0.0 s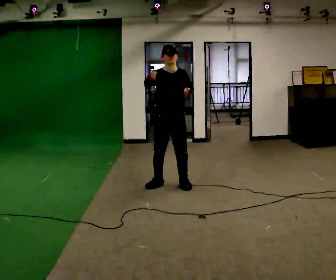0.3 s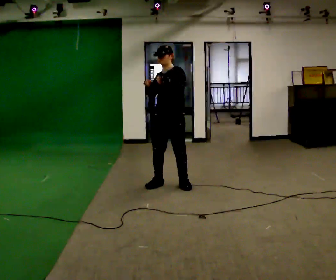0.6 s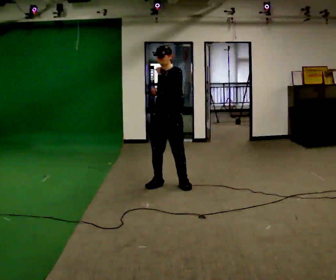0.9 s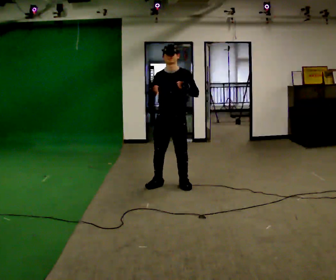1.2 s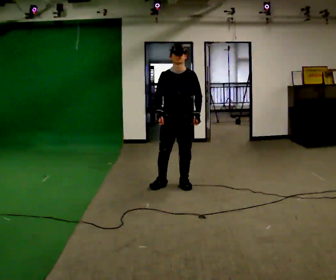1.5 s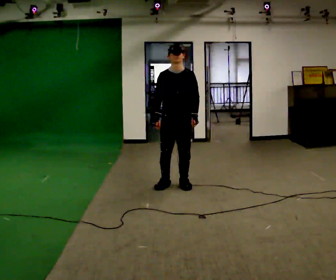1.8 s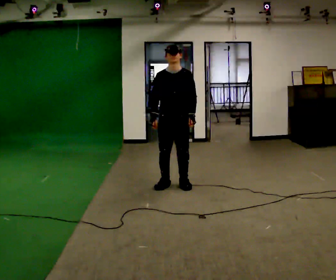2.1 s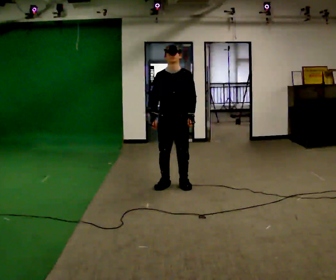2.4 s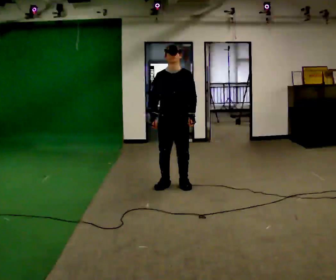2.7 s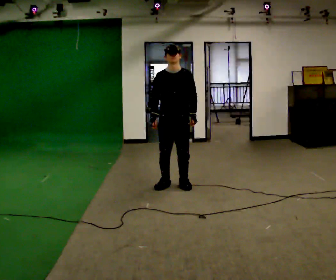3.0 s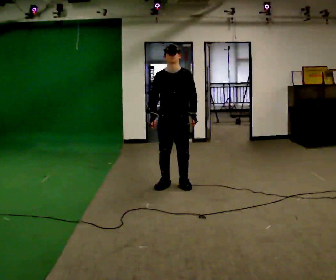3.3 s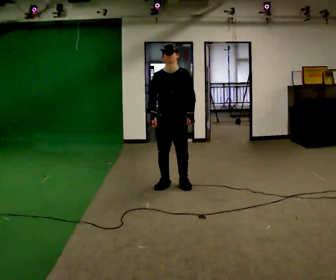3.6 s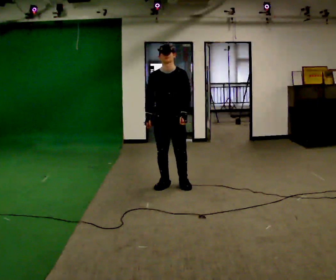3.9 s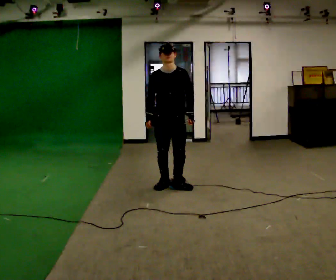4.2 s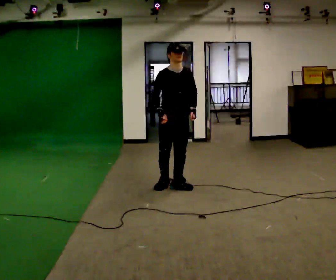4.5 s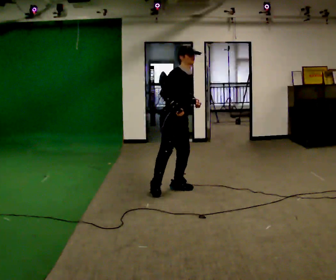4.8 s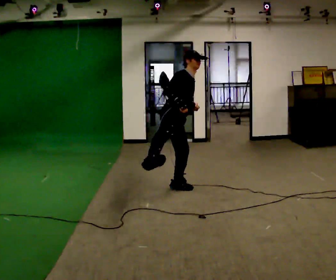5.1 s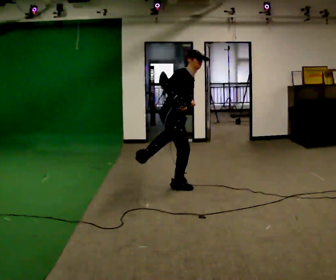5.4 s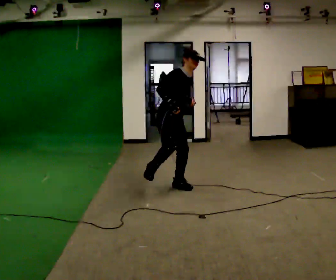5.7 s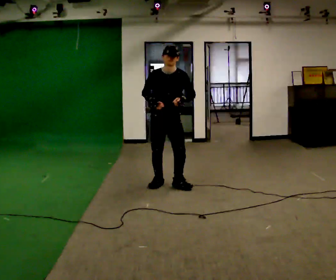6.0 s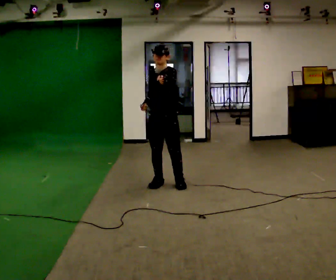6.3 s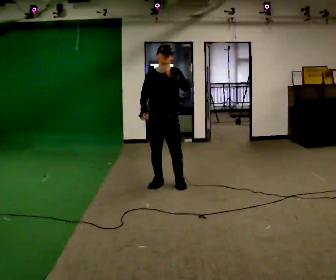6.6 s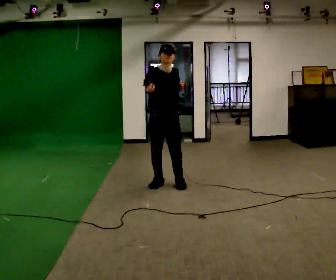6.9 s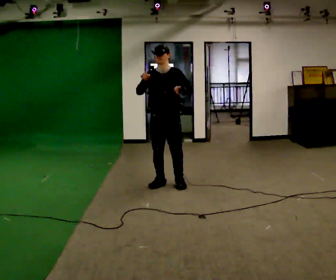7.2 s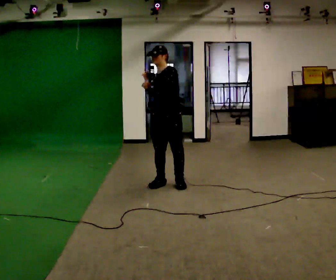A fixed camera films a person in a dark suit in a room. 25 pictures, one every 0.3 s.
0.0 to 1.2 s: In the picture their right hand goes downward.
1.2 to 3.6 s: The person moves a little, or ends about where they began.
3.6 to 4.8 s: Seen from above the body turns counterclockwise, about 75 degrees: to their left, with its near side sliding to the right. In the picture they go toward the camera, about 0.25 m. The upper body tips away from the camera, its near side rolling upward. In the picture their right hand goes to the right.
4.8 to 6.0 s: The part of the body nearest the lens slides to the left as the person turns to their right by about 90 degrees. In the picture they go away from the camera, about 0.25 m. The upper body tips toward the camera, its near side rolling downward. In the picture their left hand goes upward.
6.0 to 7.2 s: The person moves a little, or ends about where they began.
The film runs backward here.
